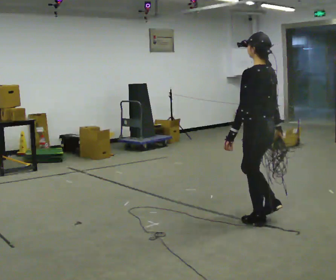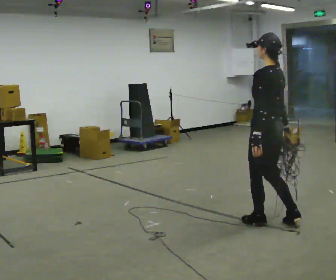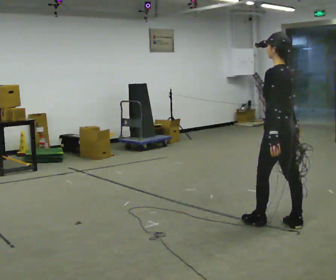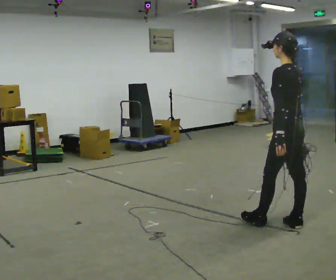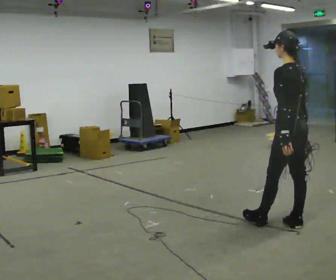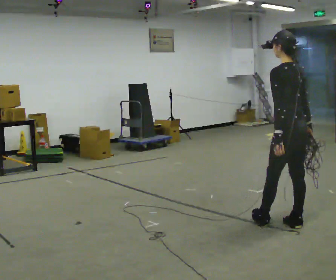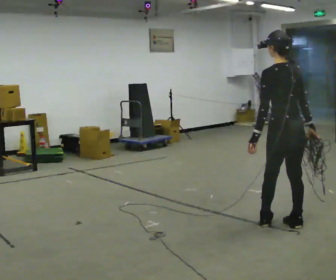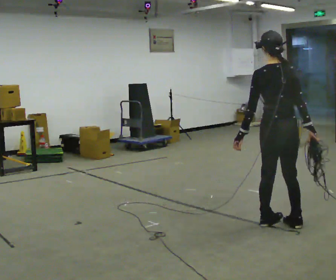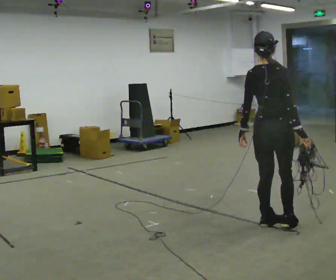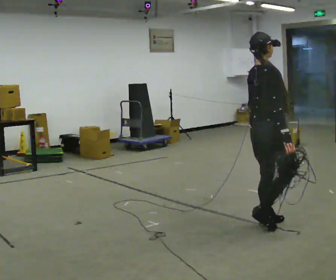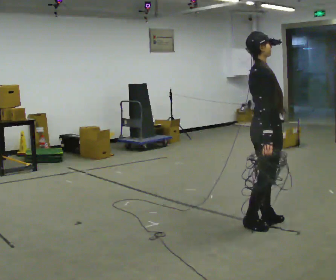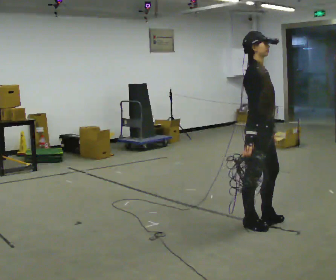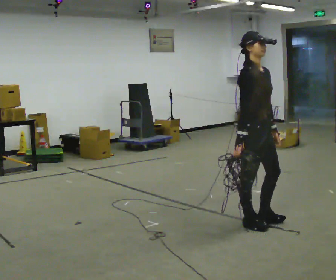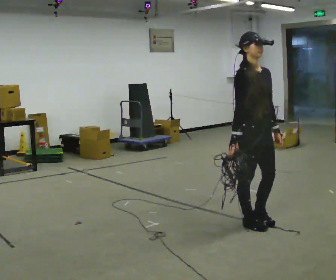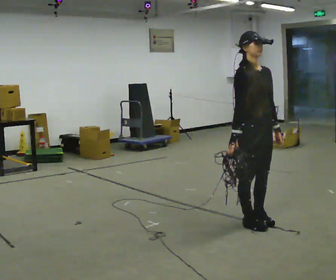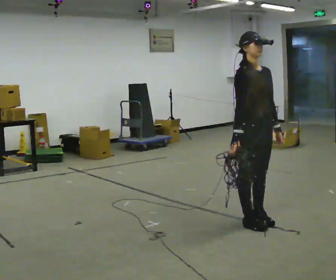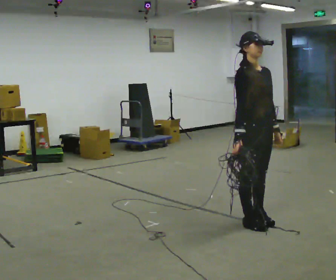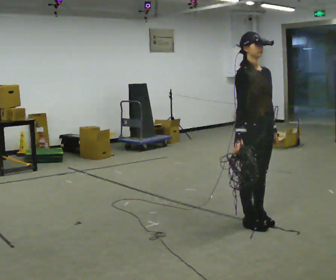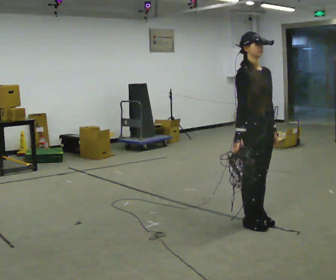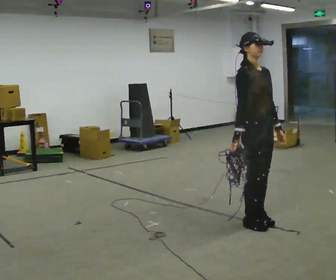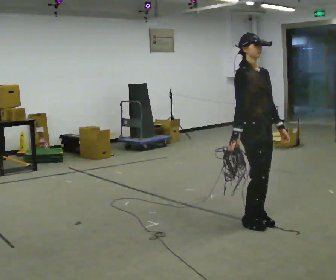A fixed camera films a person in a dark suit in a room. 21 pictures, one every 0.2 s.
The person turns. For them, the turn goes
to their right.
The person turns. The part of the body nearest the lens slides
to the left.
0.0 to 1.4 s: The part of the body nearest the lens slides to the left as the person turns to their right by about 45 degrees. In the picture they go to the right, about 0.25 m, which for them is backward.
1.4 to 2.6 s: Seen from above the body turns clockwise, about 135 degrees: to their right, with its near side sliding to the left. In the picture they go to the left, about 0.25 m in 2 steps.
2.6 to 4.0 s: The person moves a little, or ends about where they began.
The film runs backward here.
